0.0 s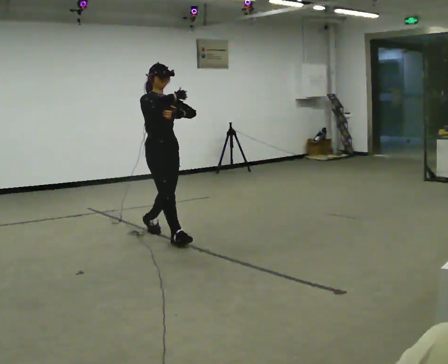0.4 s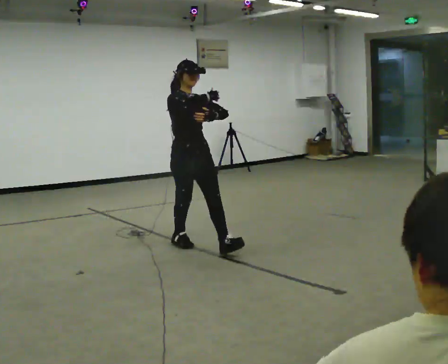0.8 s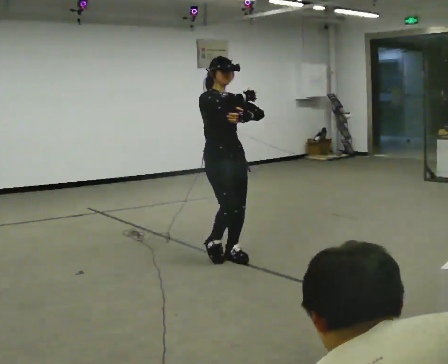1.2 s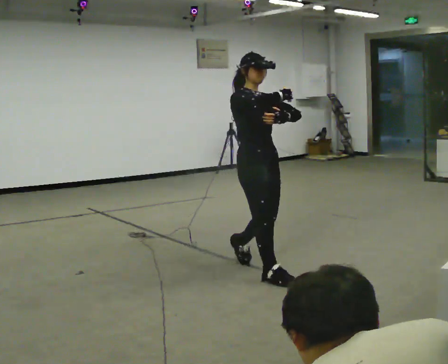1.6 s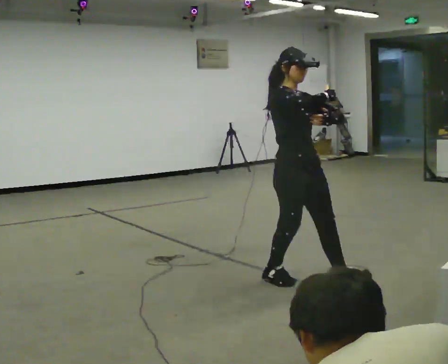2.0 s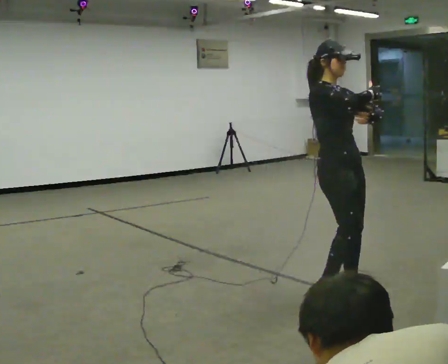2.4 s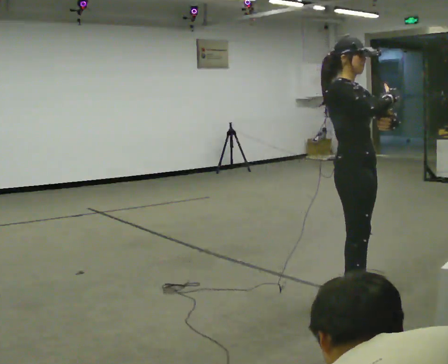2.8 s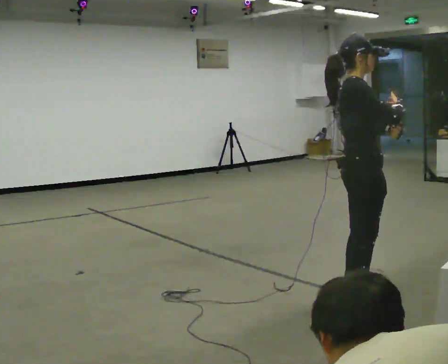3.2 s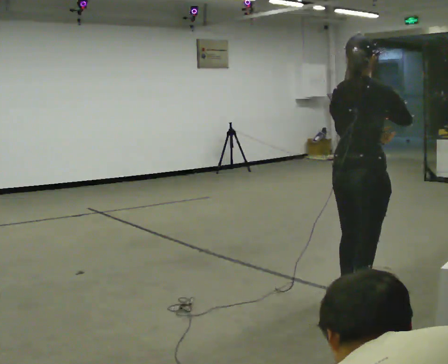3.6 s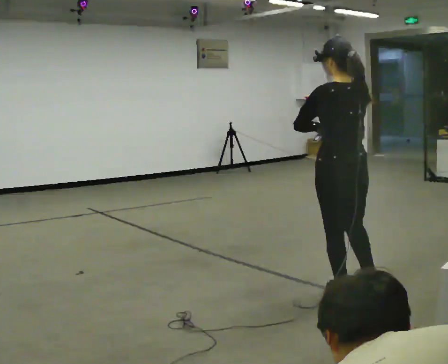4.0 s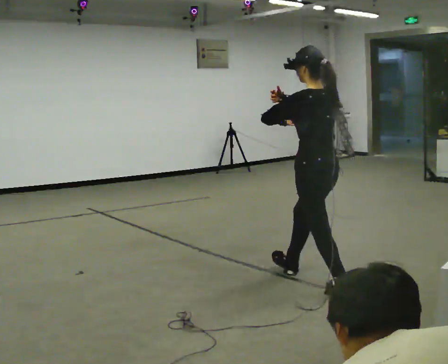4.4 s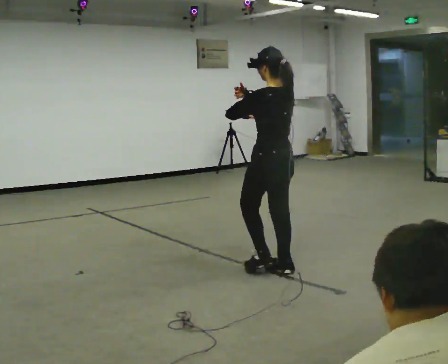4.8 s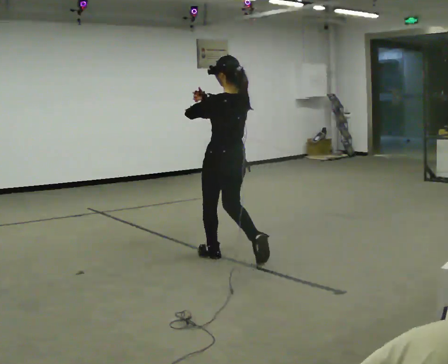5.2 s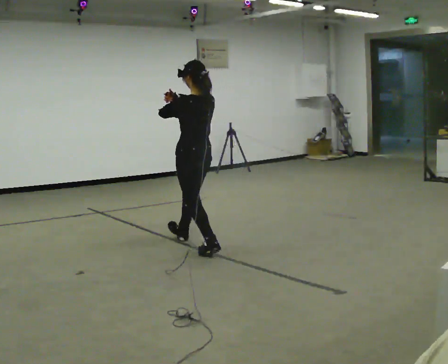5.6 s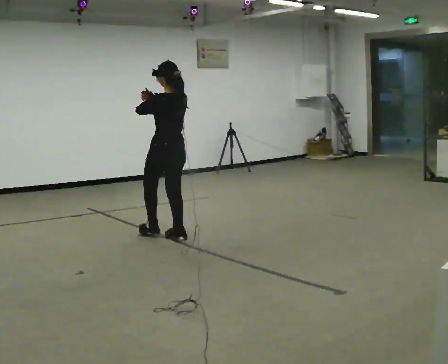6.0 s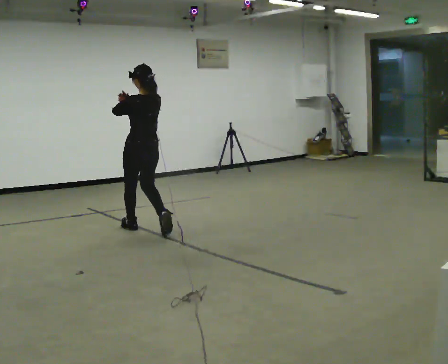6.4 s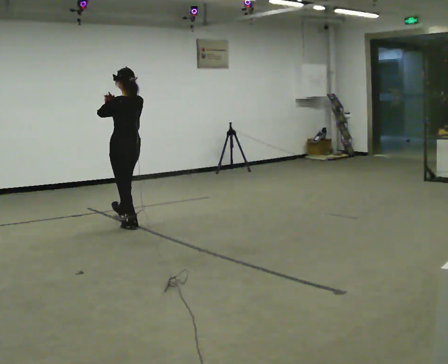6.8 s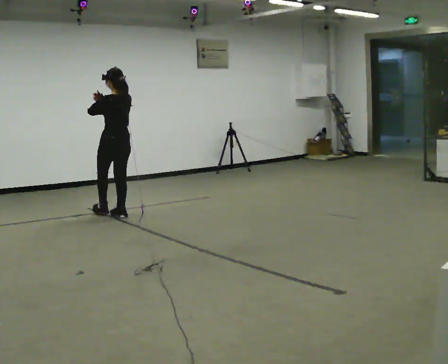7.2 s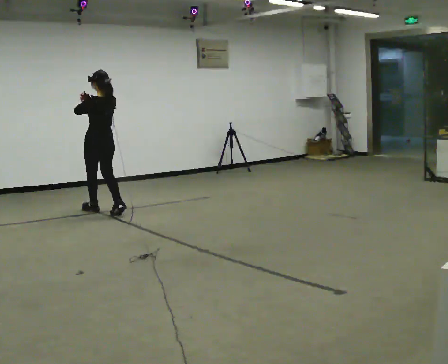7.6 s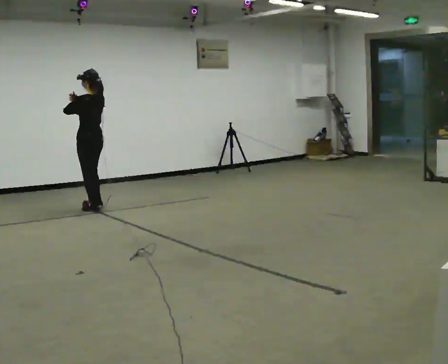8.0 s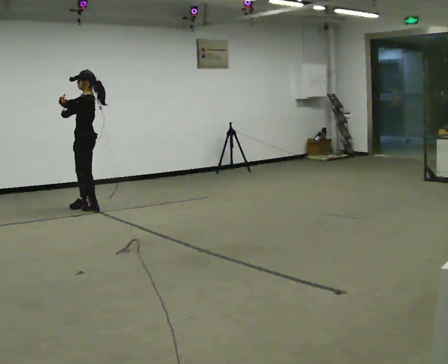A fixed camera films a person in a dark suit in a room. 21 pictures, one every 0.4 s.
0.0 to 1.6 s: In the picture they go toward the camera and to the right, about 1.5 m in 2 steps, which for them is forward.
1.6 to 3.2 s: The part of the body nearest the lens slides to the right as the person turns to their left by about 105 degrees. In the picture they go toward the camera and to the right, about 0.5 m in 2 steps.
3.2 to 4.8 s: The person turns about 75 degrees to their left, counterclockwise seen from above, so the part of the body nearest the lens slides to the right. In the picture they go away from the camera and to the left, about 1.5 m in 2 steps.
4.8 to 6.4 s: In the picture they go away from the camera and to the left, about 1.5 m in 3 steps, which for them is forward.
6.4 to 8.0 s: Seen from above the body turns counterclockwise, about 75 degrees: to their left, with its near side sliding to the right. In the picture they go to the left and away from the camera, about 1 m in 2 steps.
The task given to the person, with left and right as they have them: Walk normally but hold both hands together in front of you at chest height; do not swing your arms; stop.
The film runs forward here.
